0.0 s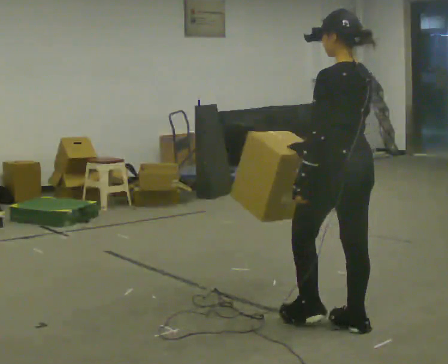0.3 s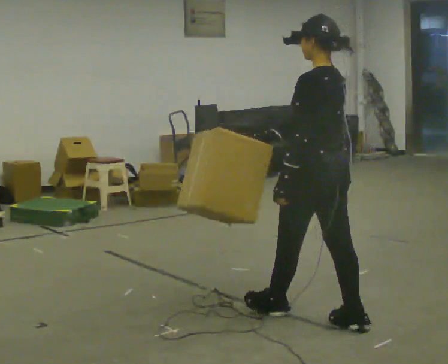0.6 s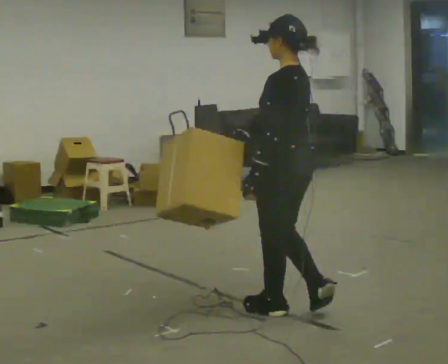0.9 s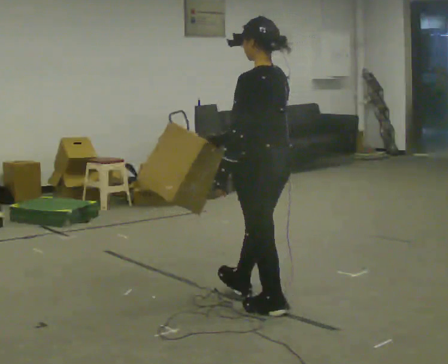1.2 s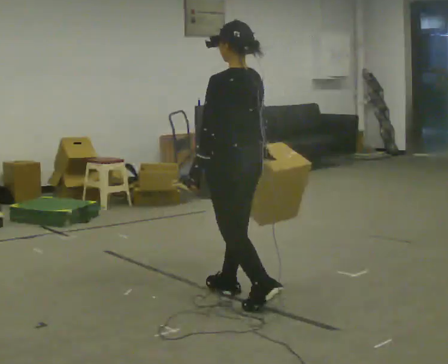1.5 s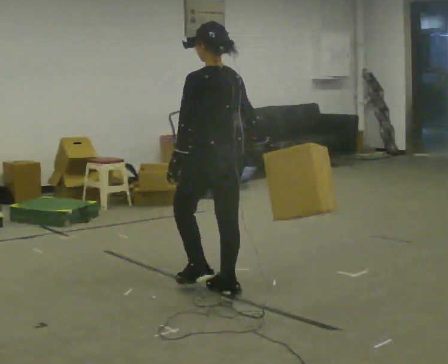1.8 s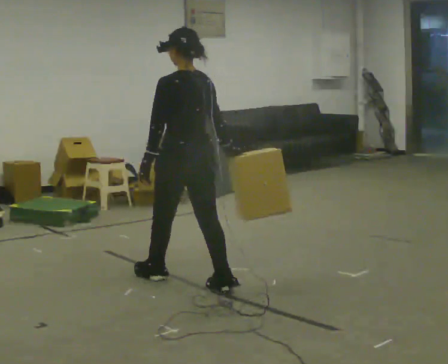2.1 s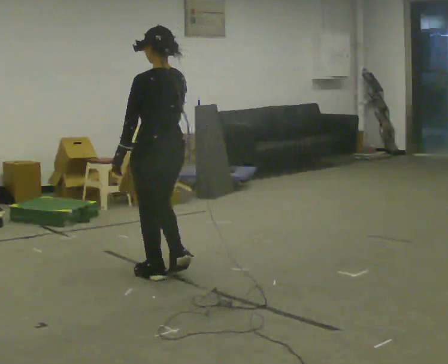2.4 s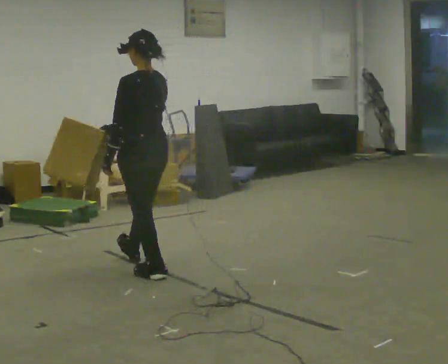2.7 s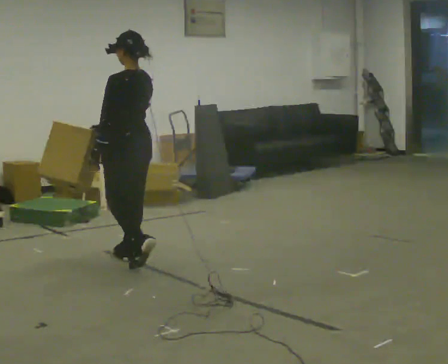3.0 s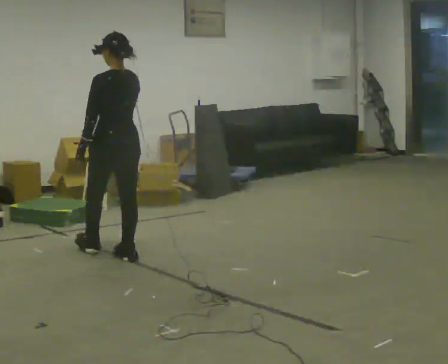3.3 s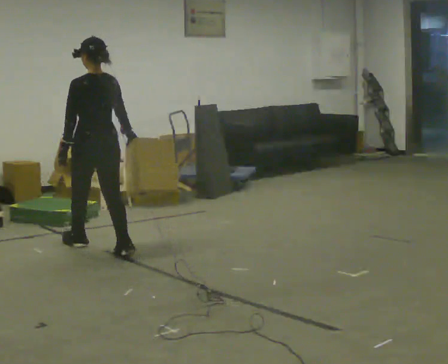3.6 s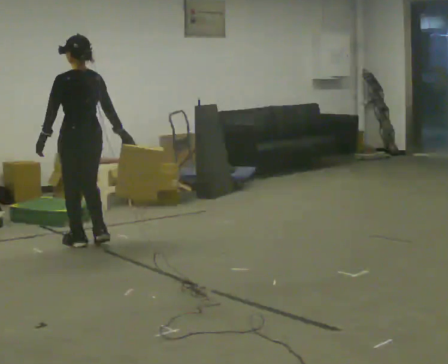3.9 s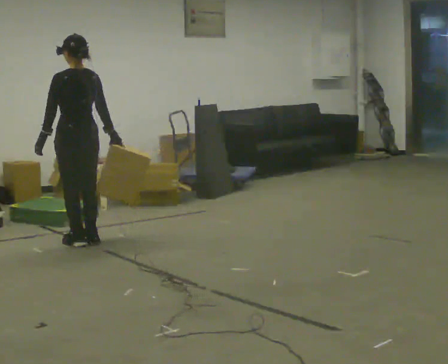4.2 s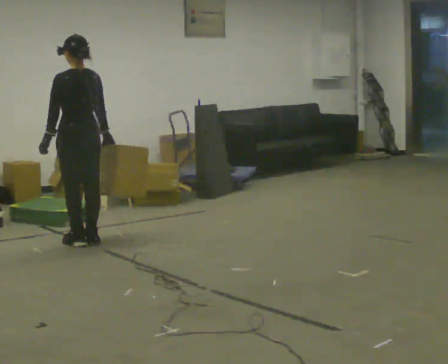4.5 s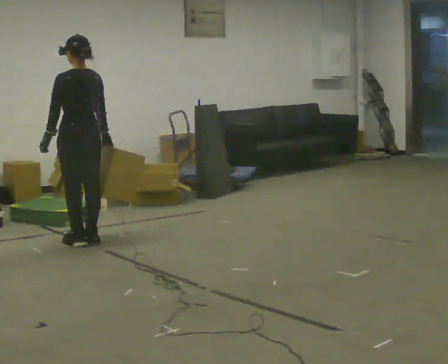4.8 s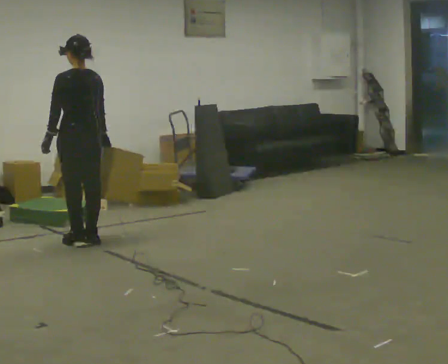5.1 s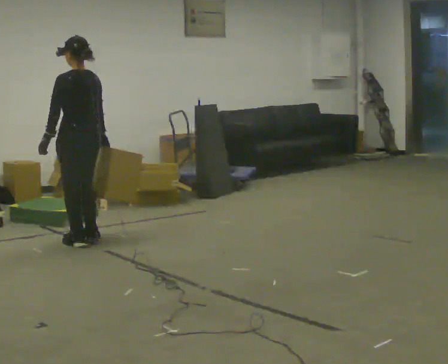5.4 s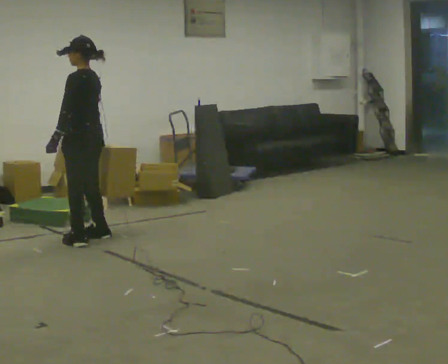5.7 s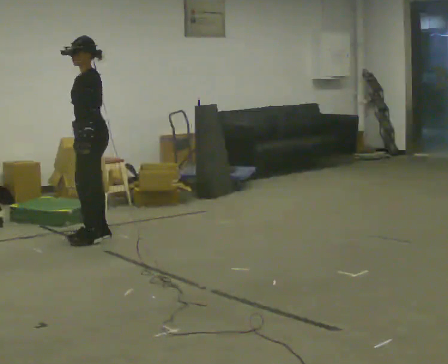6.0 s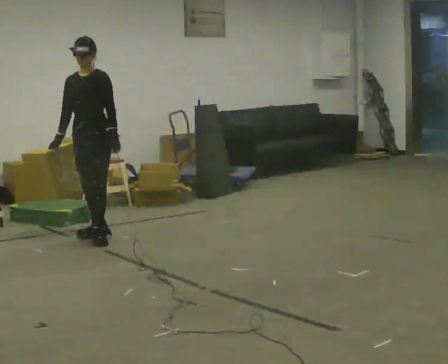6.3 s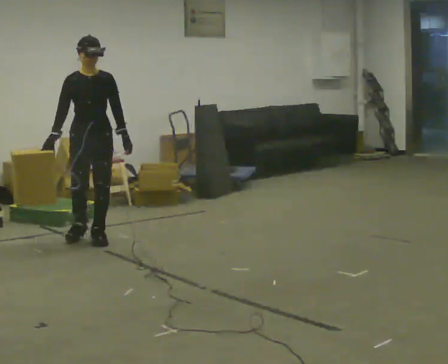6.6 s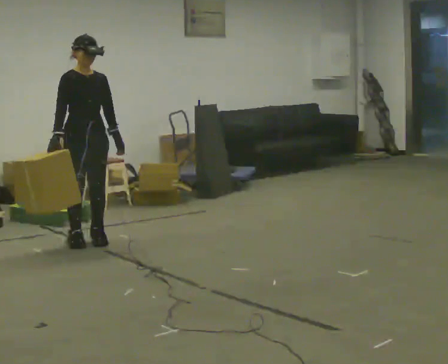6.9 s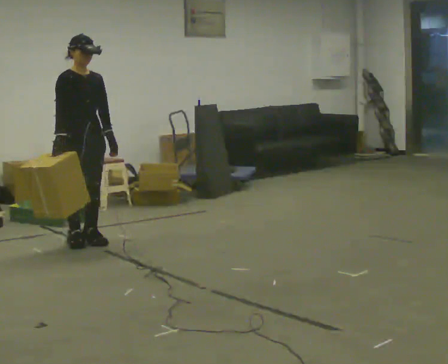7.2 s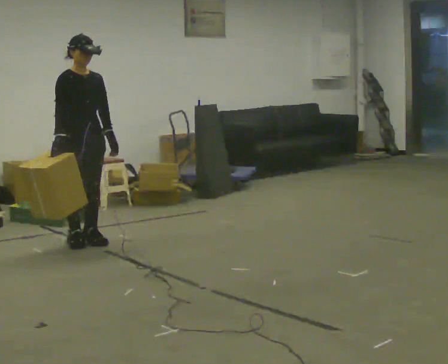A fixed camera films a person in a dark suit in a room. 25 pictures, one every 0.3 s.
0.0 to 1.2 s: In the picture they go away from the camera and to the left, about 0.5 m in 2 steps, which for them is forward.
1.2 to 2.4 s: In the picture they go away from the camera and to the left, about 1 m in 1 step, which for them is forward.
2.4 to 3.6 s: In the picture they go away from the camera and to the left, about 1 m in 2 steps, which for them is forward.
3.6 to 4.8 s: The person moves a little, or ends about where they began.
4.8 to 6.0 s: The person turns about 120 degrees to their left, counterclockwise seen from above, so the part of the body nearest the lens slides to the right. In the picture their left hand goes to the right, the arm swinging counterclockwise.
6.0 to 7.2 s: The person turns about 60 degrees to their left, counterclockwise seen from above, so the part of the body nearest the lens slides to the right.
The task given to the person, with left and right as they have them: Carry the object in the hand the operator calls, down at your side, walking back and forth across the room.
The film runs forward here.
